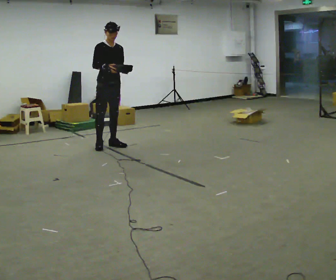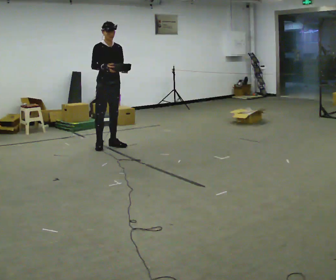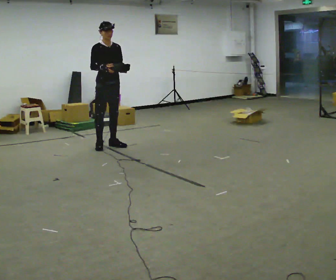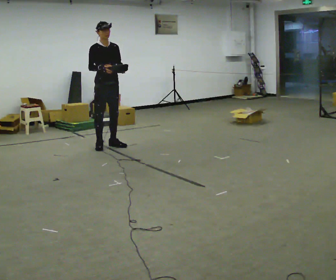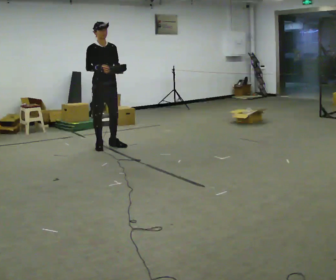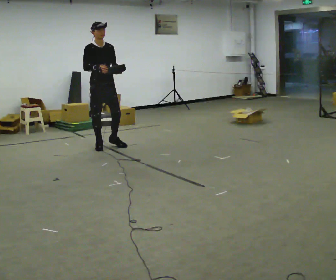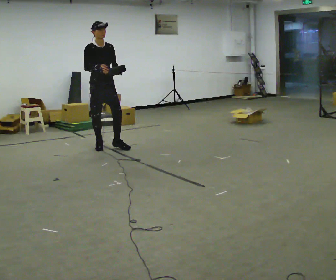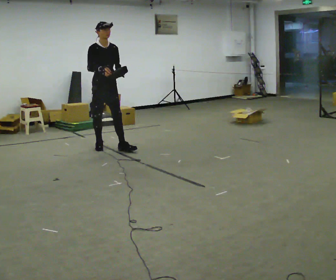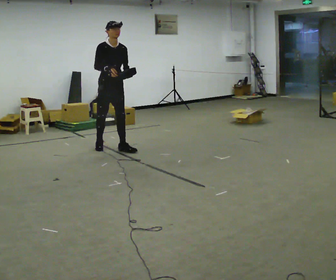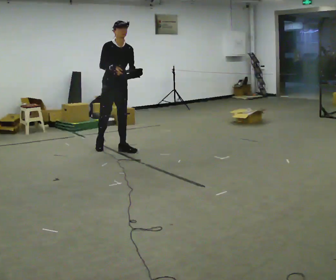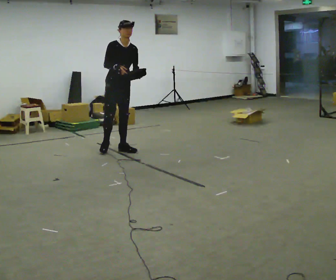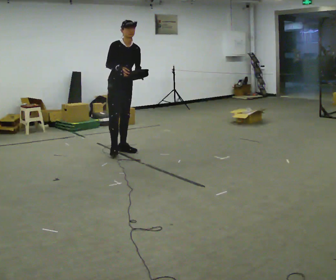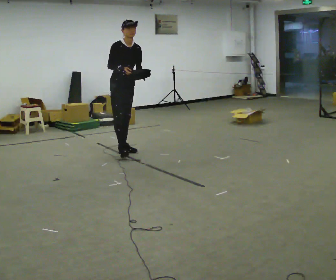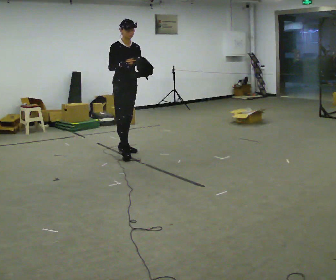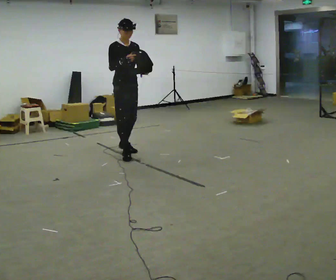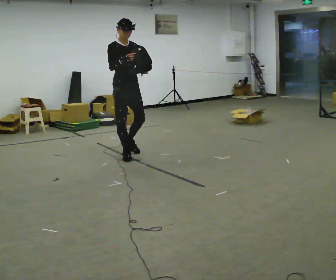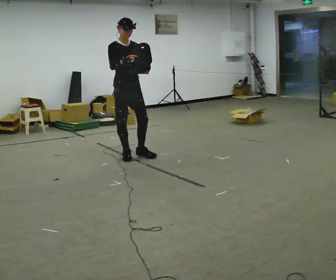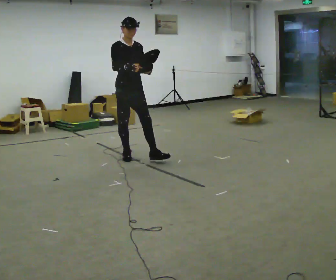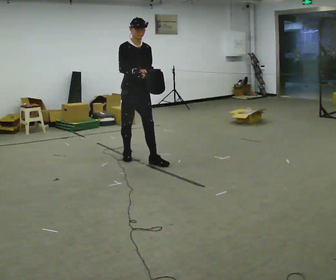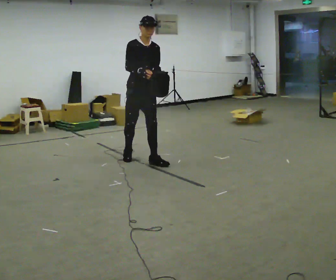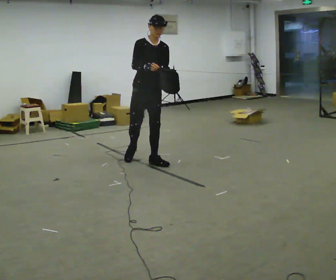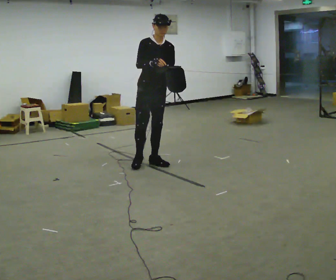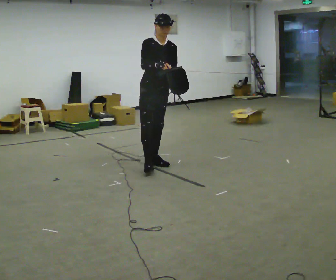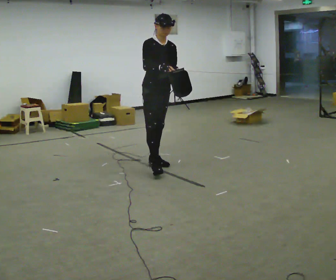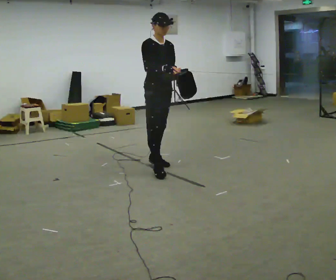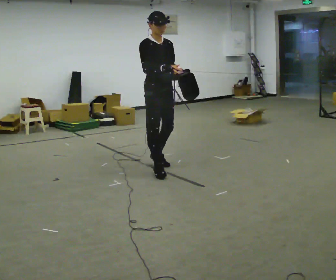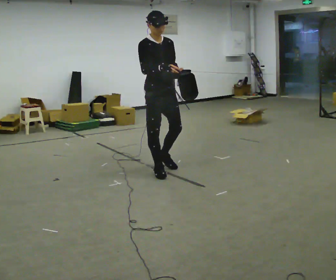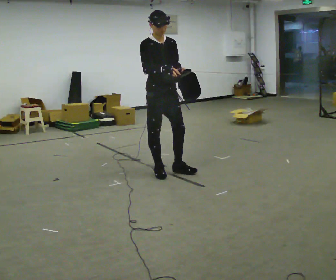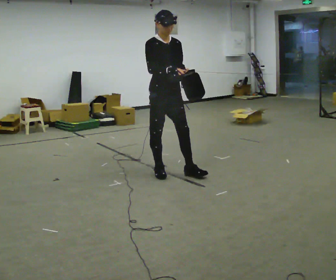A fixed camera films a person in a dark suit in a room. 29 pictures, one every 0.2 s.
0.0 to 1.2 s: The person moves a little, or ends about where they began.
1.2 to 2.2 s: In the picture they go to the right, about 0.25 m in 1 step, which for them is forward and to their left.
2.2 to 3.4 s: In the picture they go toward the camera, about 0.5 m in 1 step, which for them is forward.
3.4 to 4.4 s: In the picture they go to the right and toward the camera, about 0.5 m in 1 step, which for them is forward and to their left.
4.4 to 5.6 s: In the picture they go toward the camera, about 0.25 m in 2 steps, which for them is forward and to their right.
The film runs forward here.
